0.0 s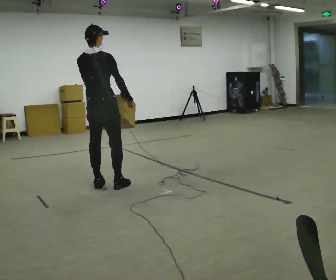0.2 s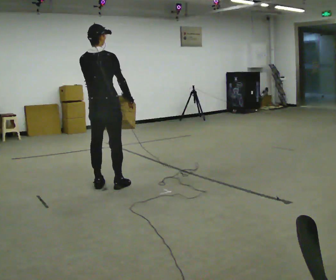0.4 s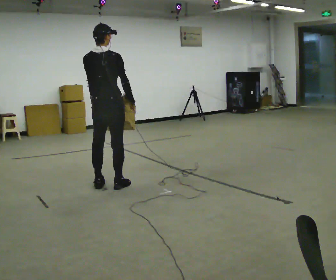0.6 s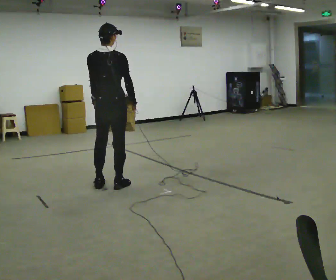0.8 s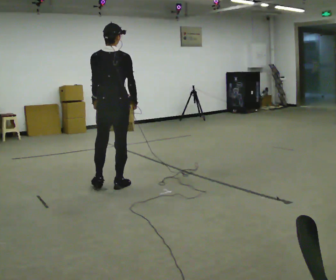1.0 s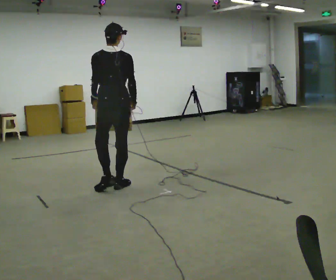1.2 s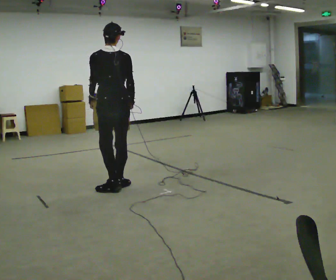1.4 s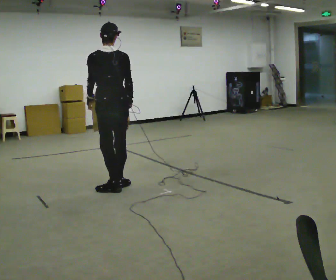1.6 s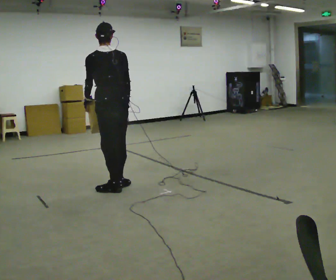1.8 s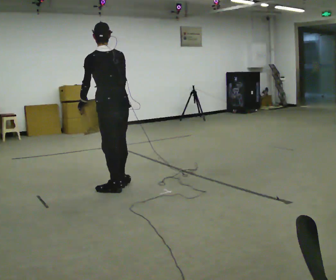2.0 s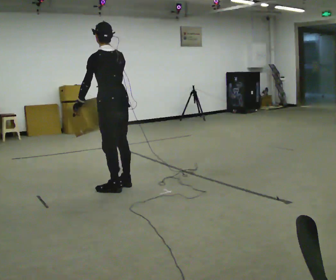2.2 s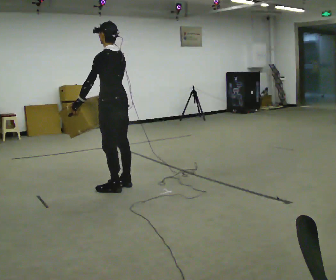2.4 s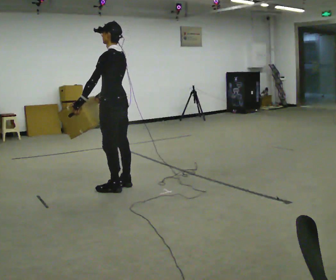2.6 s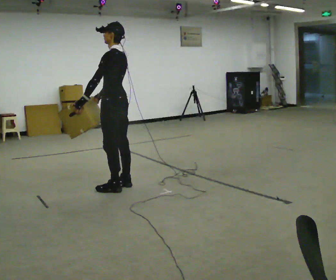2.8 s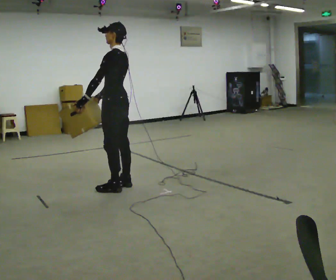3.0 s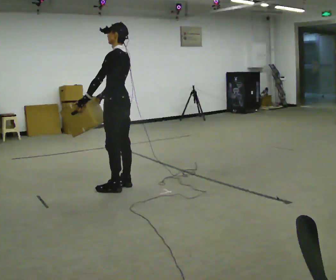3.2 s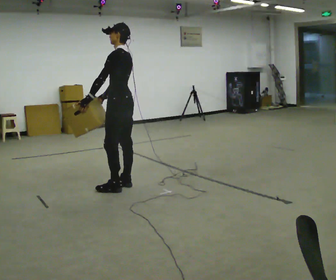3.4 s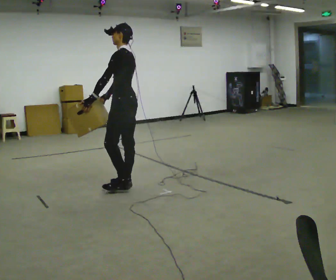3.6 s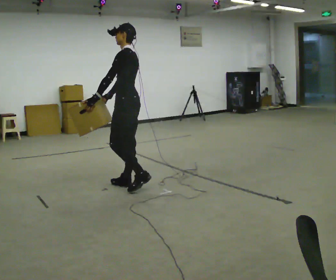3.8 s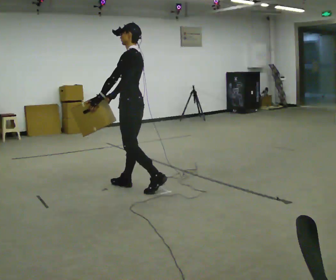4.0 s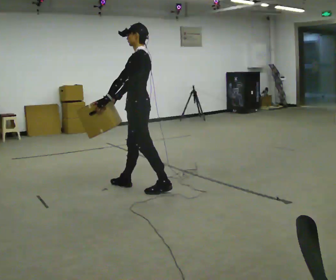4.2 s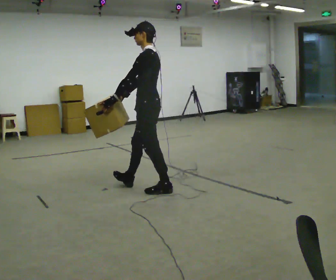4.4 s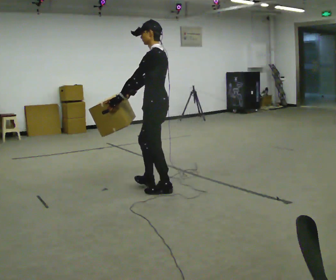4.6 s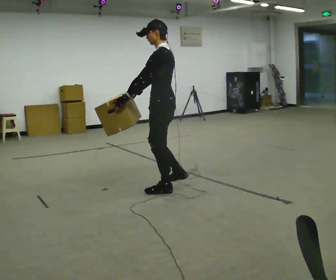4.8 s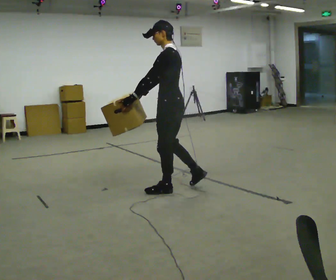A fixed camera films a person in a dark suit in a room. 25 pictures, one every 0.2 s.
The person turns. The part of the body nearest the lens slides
to the right.
The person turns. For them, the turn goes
to their left.
0.0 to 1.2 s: Seen from above the body turns counterclockwise, about 30 degrees: to their left, with its near side sliding to the right. In the picture they go to the right, about 0.25 m in 1 step, which for them is to their right.
1.2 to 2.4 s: The person turns about 60 degrees to their left, counterclockwise seen from above, so the part of the body nearest the lens slides to the right.
2.4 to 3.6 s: The person moves a little, or ends about where they began.
3.6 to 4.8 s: In the picture they go to the right and toward the camera, about 0.5 m in 1 step, which for them is backward.
The film runs backward here.
